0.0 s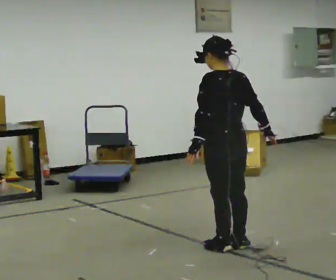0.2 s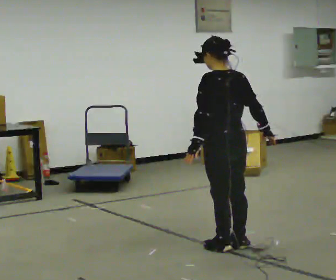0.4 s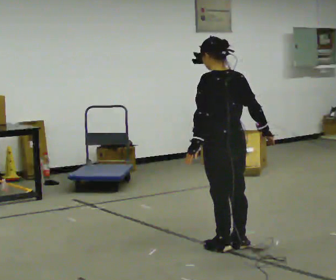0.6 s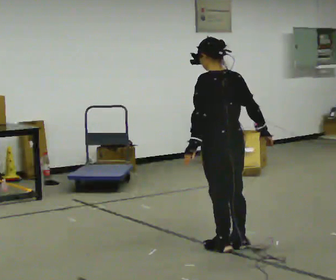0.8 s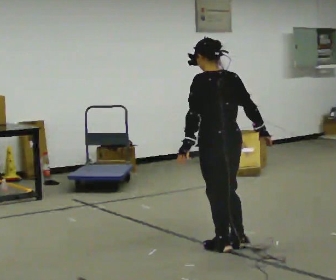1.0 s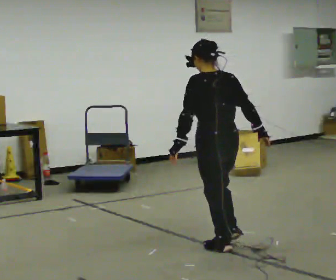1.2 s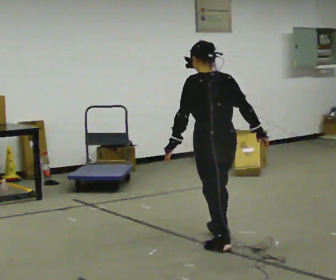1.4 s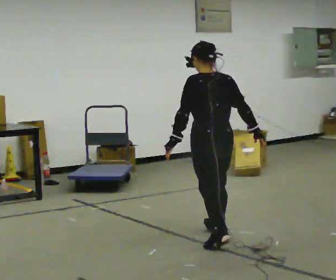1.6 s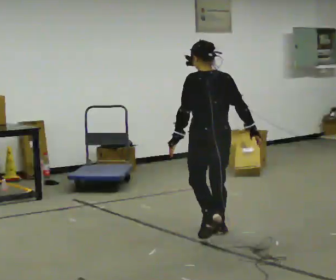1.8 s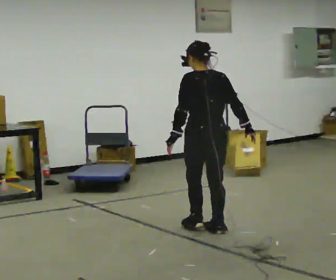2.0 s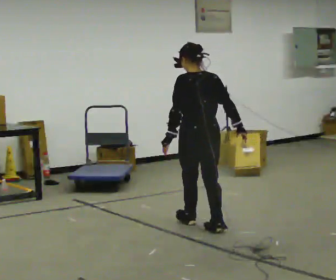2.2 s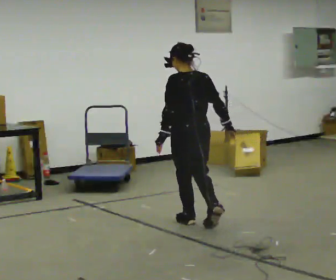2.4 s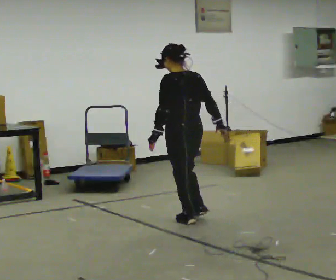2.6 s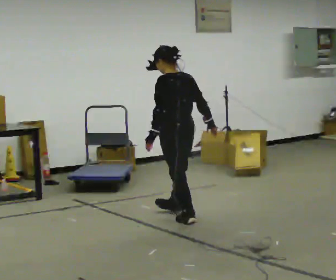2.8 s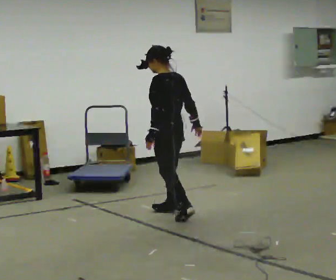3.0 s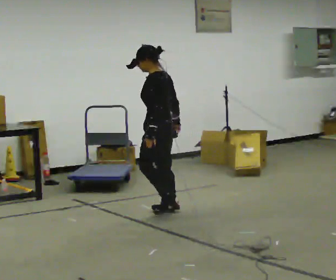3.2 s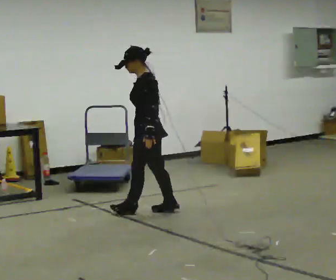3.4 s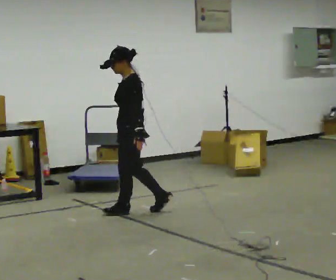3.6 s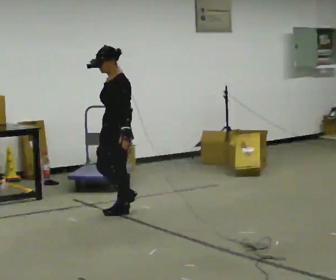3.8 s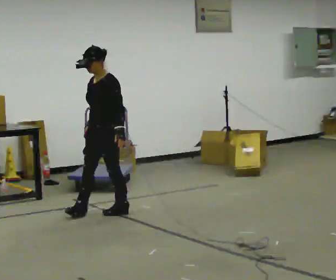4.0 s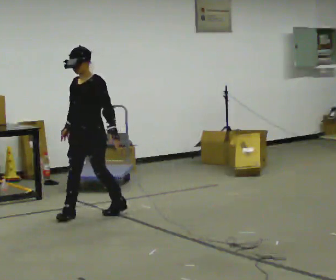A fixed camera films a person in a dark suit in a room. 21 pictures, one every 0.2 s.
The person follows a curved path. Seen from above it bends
counterclockwise.
Their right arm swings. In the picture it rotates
clockwise.
0.0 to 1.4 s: In the picture they go away from the camera, about 0.25 m in 1 step, which for them is forward.
1.4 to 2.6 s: In the picture they go away from the camera and to the left, about 1 m in 1 step, which for them is forward.
2.6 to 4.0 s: The person turns about 90 degrees to their left, counterclockwise seen from above, so the part of the body nearest the lens slides to the right. In the picture they go to the left, about 1 m in 3 steps.
The film runs forward here.
